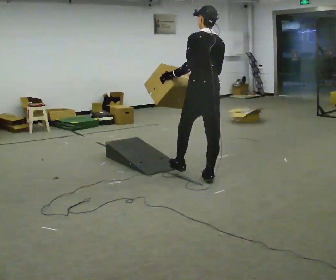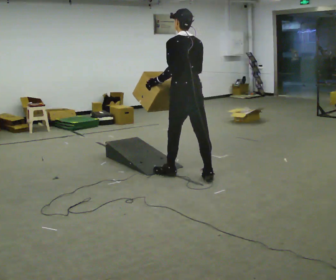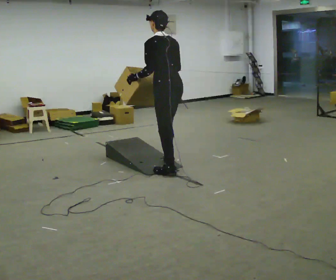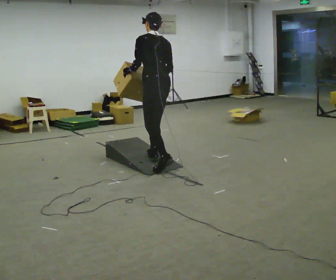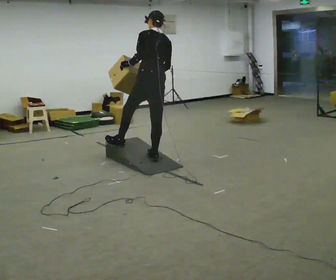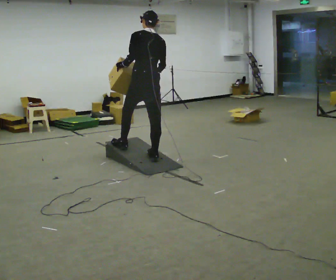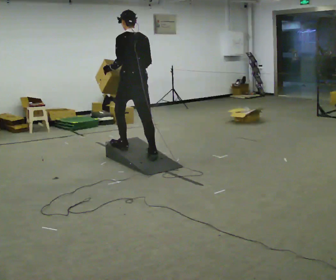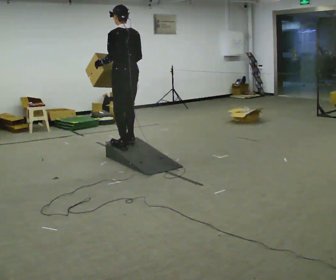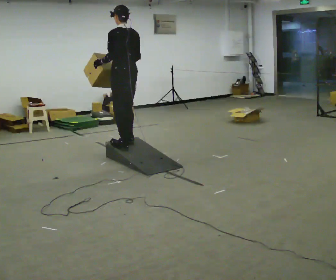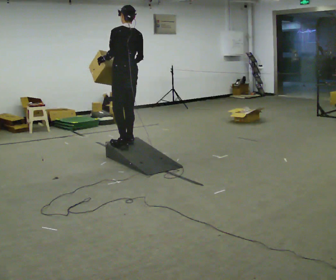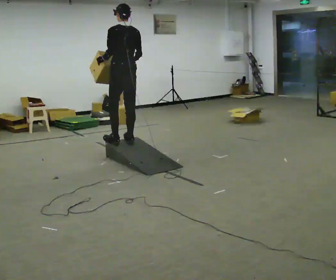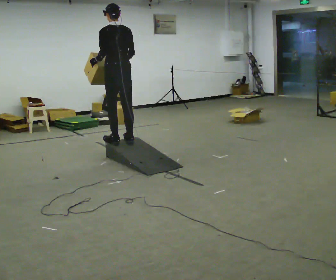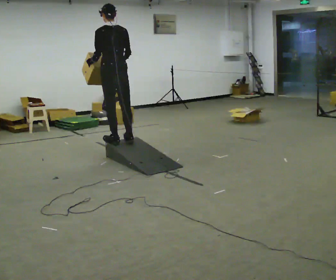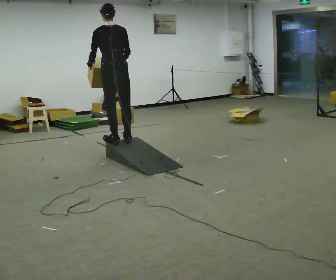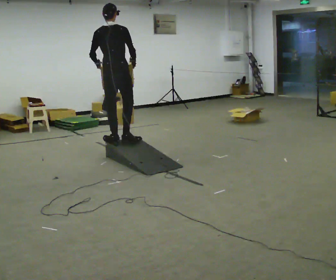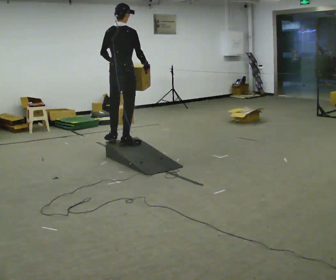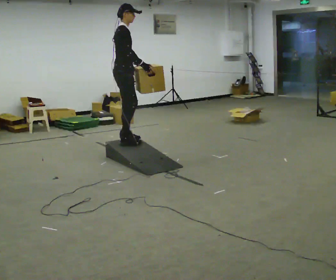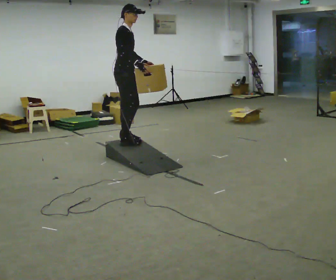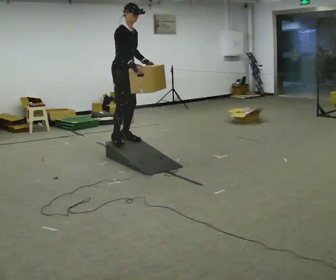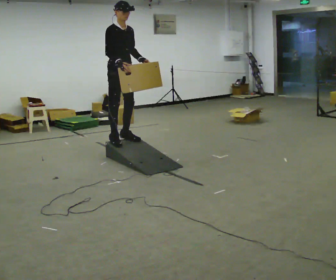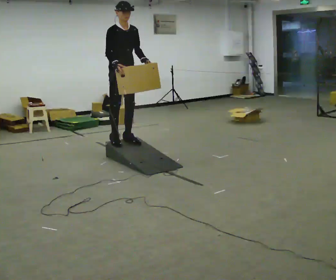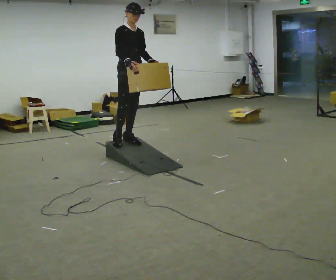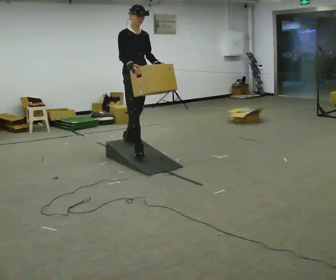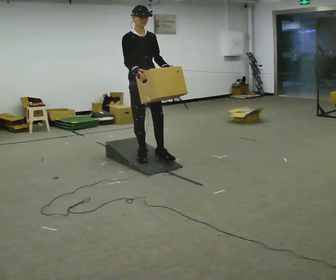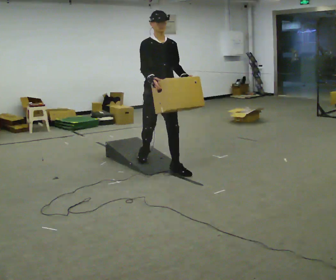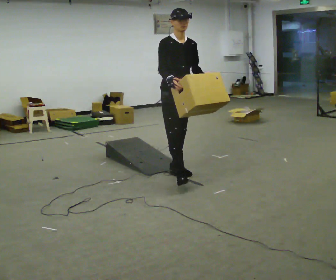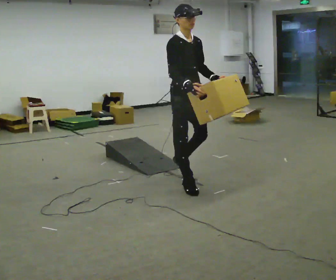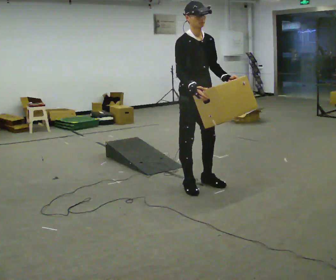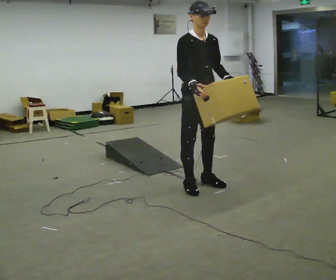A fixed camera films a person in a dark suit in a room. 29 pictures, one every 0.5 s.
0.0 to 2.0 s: In the picture they go away from the camera and to the left, about 1 m in 2 steps, which for them is forward.
2.0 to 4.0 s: In the picture they go away from the camera and to the left, about 0.5 m in 2 steps, which for them is forward.
4.0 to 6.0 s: The person moves a little, or ends about where they began.
6.0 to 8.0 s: The person turns about 105 degrees to their right, clockwise seen from above, so the part of the body nearest the lens slides to the left. In the picture the upper body tilts clockwise, shoulders to the right.
8.0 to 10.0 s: The part of the body nearest the lens slides to the left as the person turns to their right by about 60 degrees. In the picture their right hand goes to the left.
10.0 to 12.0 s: In the picture they go toward the camera and to the right, about 1 m in 2 steps, which for them is forward. The shoulders move downward.
12.0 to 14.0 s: In the picture they go toward the camera and to the right, about 0.75 m in 2 steps, which for them is forward.
The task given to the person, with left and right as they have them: Carry the box up the ramp, turn at the top, and carry it back down. Keep going until the operator says stop; one object at a time, and do not rush between trips.
The film runs forward here.
